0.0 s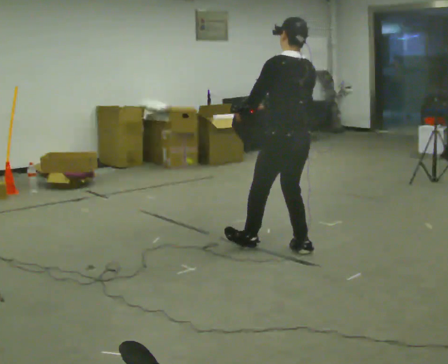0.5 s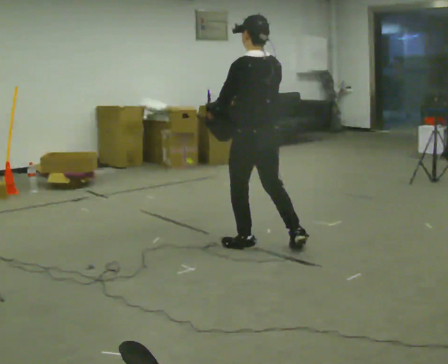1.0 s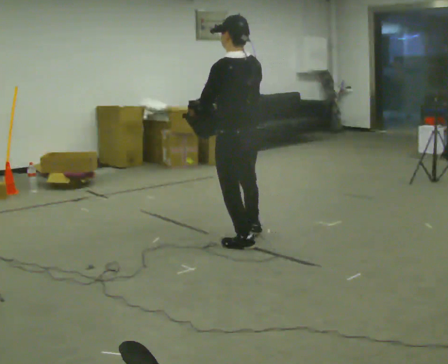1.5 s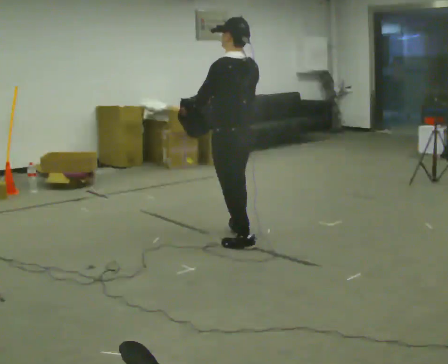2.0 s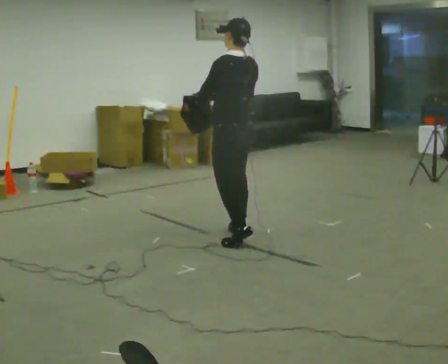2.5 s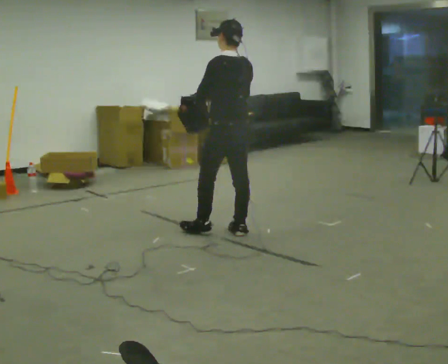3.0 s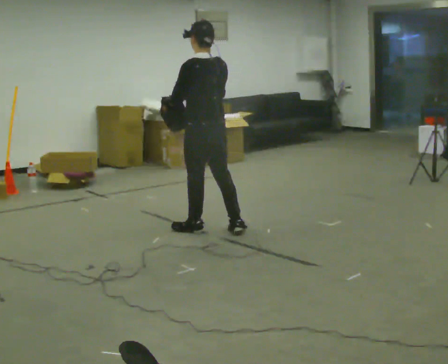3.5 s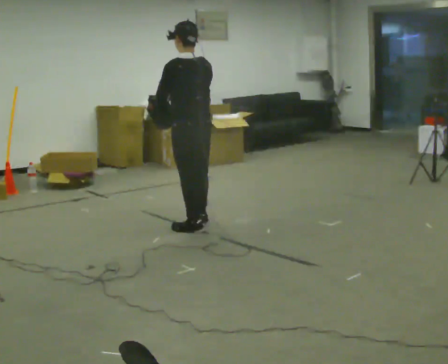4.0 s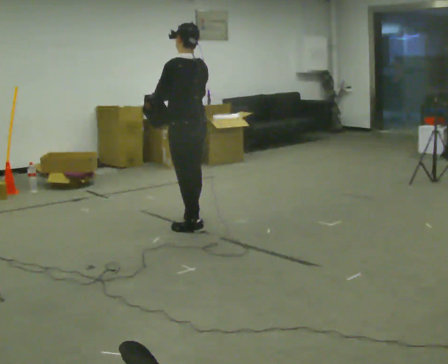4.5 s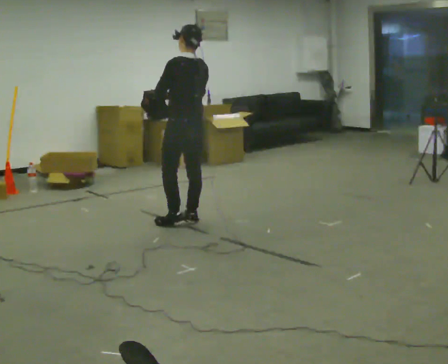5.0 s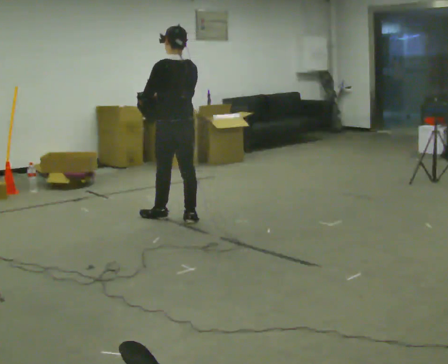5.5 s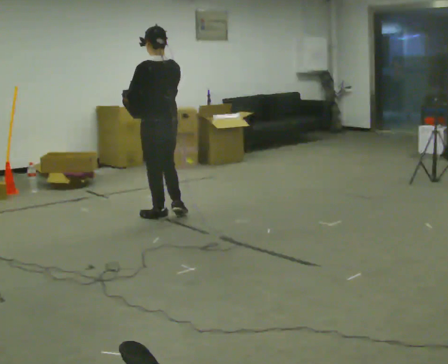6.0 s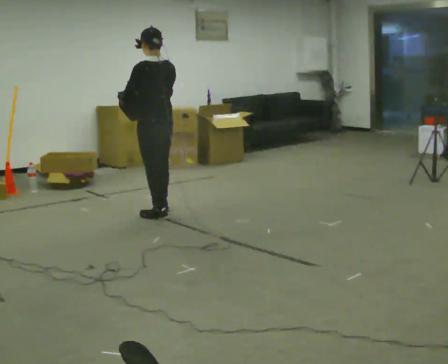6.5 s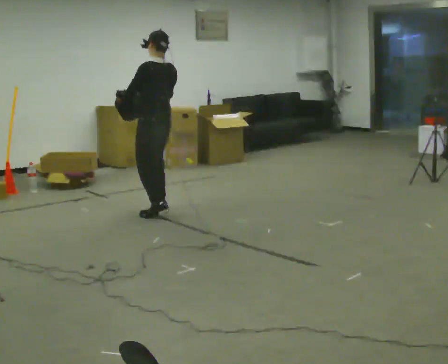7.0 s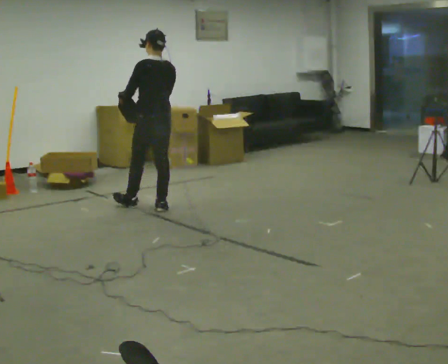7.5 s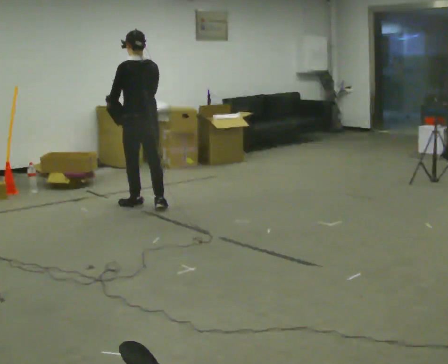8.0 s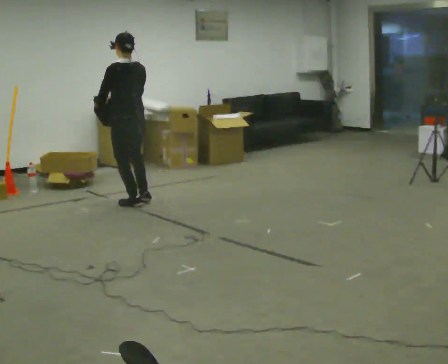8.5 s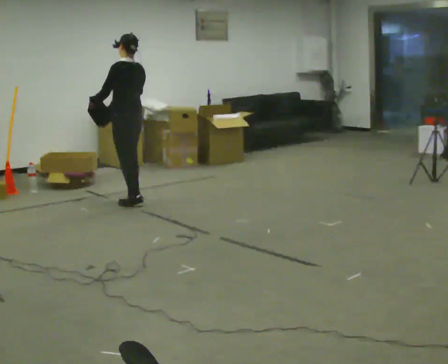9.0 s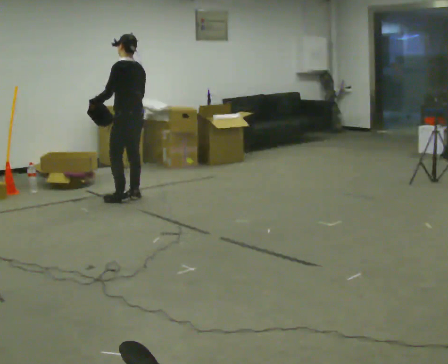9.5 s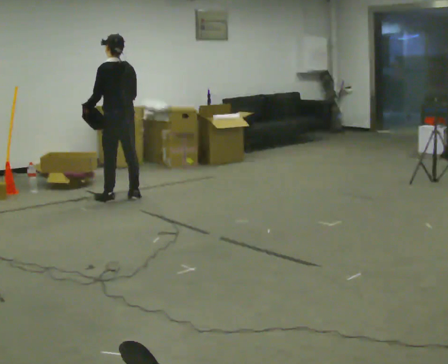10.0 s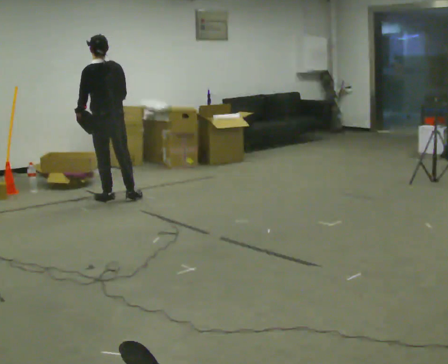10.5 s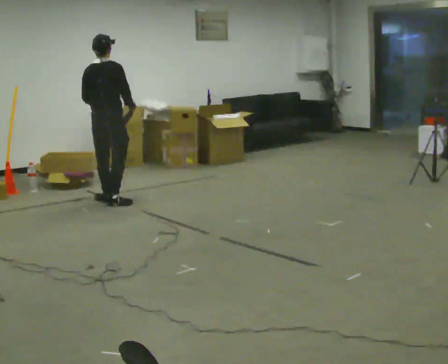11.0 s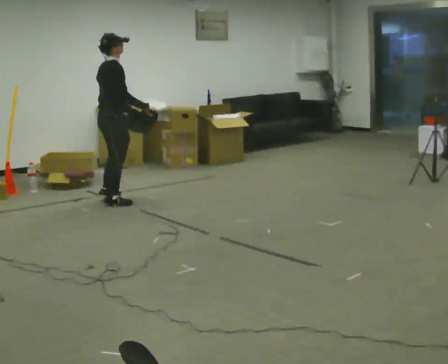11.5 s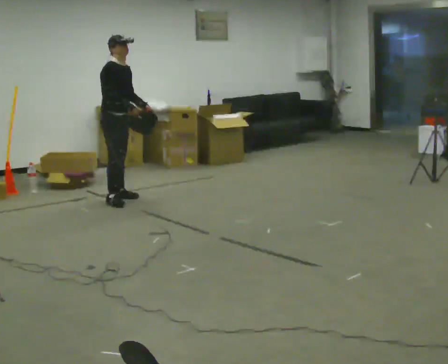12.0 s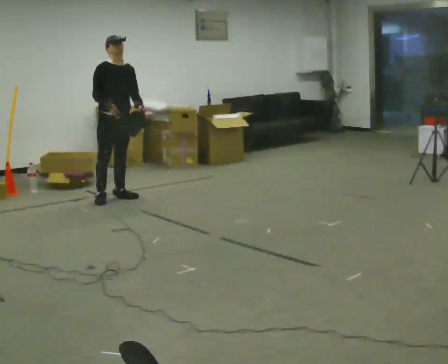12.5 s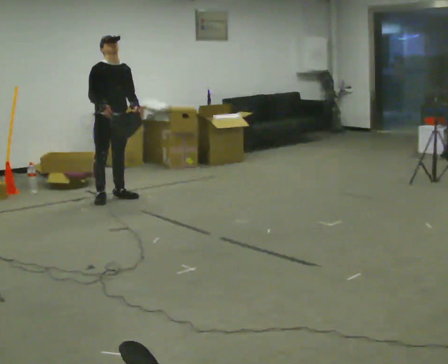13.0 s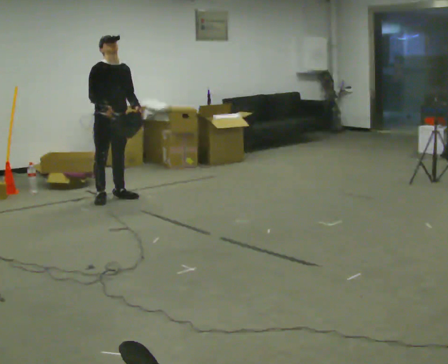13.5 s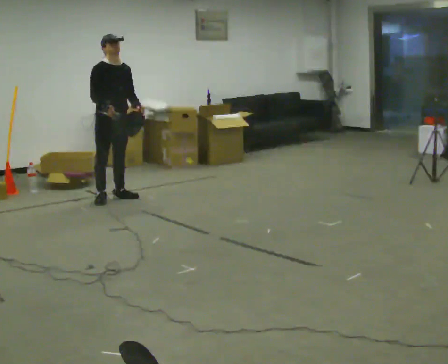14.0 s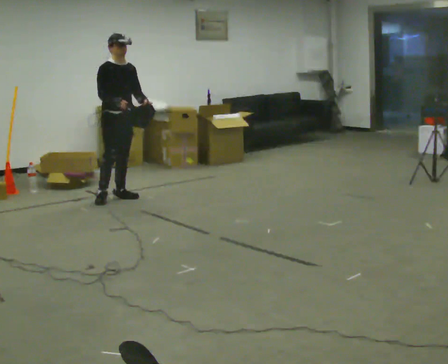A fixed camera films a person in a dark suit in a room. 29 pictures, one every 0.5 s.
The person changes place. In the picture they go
away from the camera.
0.0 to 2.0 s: In the picture they go away from the camera and to the left, about 0.5 m in 1 step, which for them is forward.
2.0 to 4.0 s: In the picture they go away from the camera and to the left, about 0.5 m in 2 steps, which for them is forward.
4.0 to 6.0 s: In the picture they go away from the camera and to the left, about 0.5 m in 2 steps, which for them is forward.
6.0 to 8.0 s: In the picture they go away from the camera and to the left, about 0.5 m in 1 step, which for them is forward.
8.0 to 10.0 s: In the picture they go to the left and away from the camera, about 0.25 m in 2 steps, which for them is forward.
10.0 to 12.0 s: The person turns about 180 degrees to their right, clockwise seen from above, so the part of the body nearest the lens slides to the left.
12.0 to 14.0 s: The person moves a little, or ends about where they began.
The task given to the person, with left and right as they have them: Carry the lidded box and, while you are still walking, open the lid, then close it again. Repeat as you walk back and forth. Do not stop to do it.
The film runs forward here.
